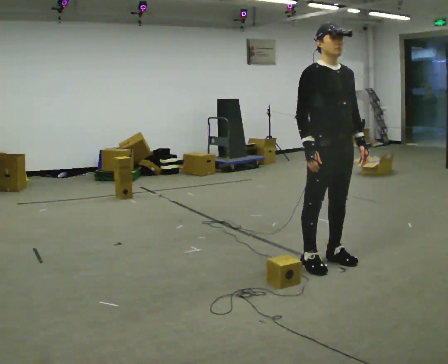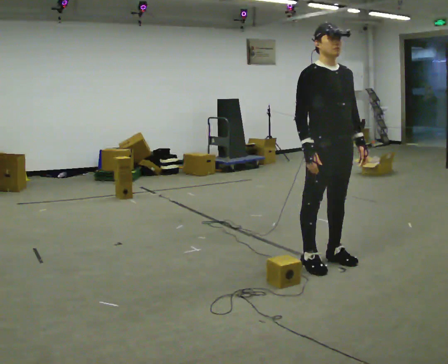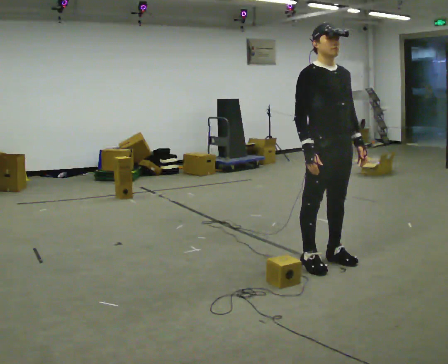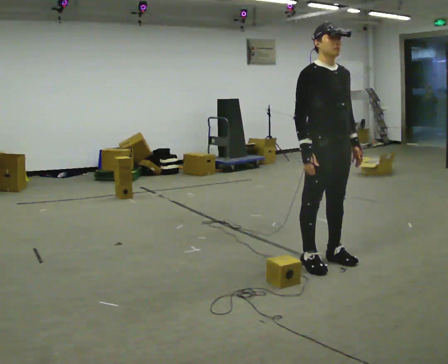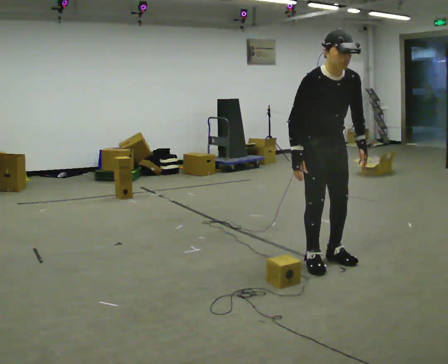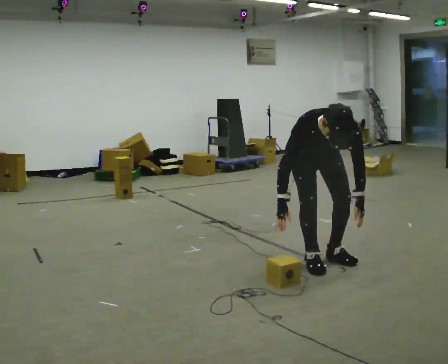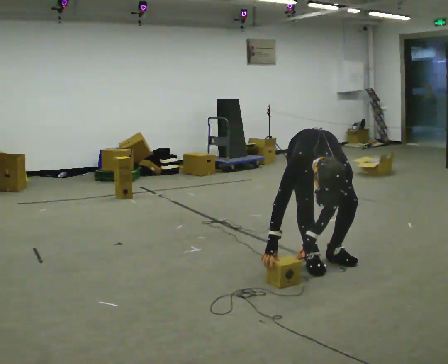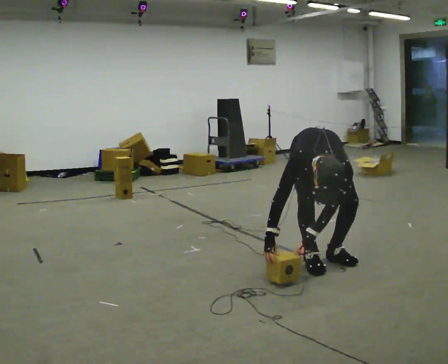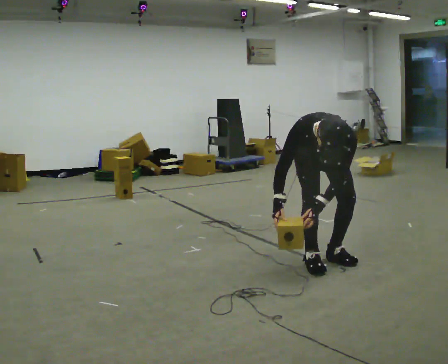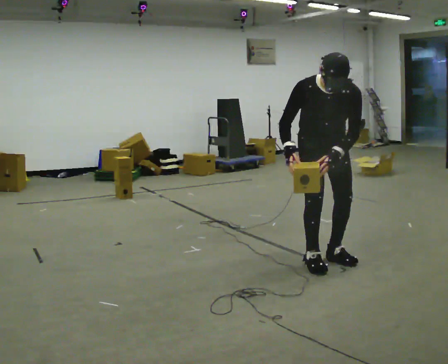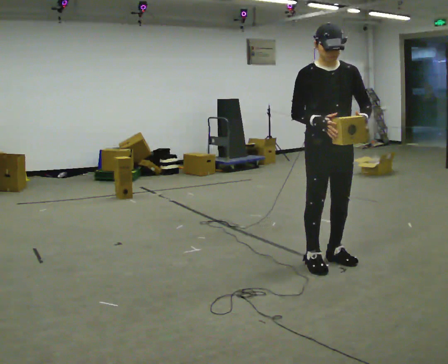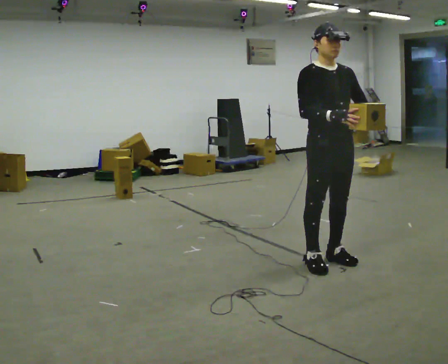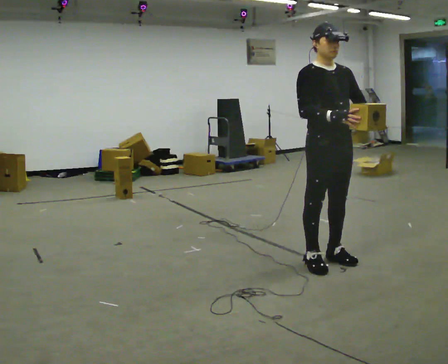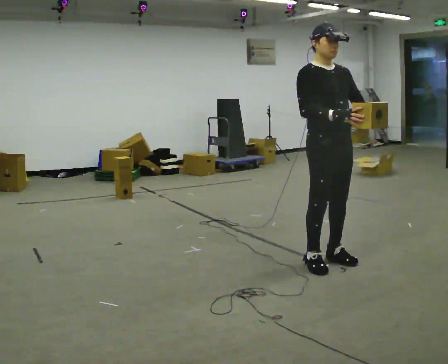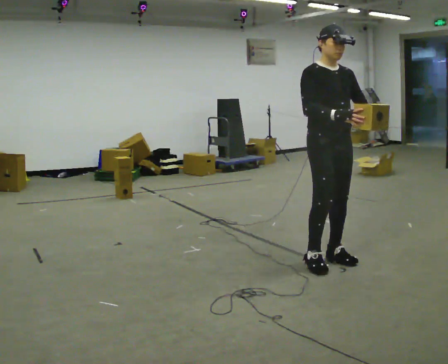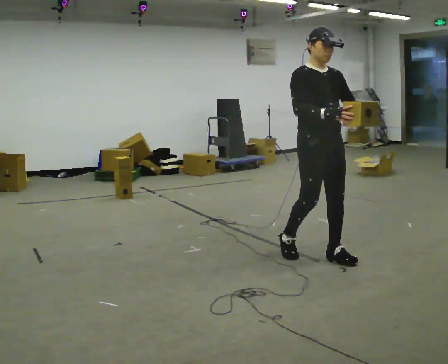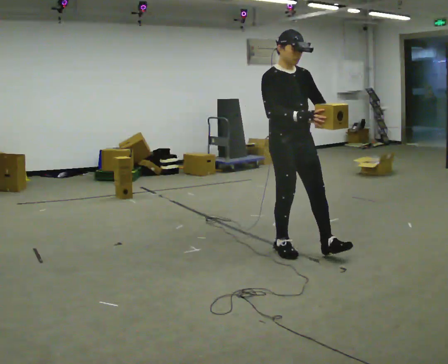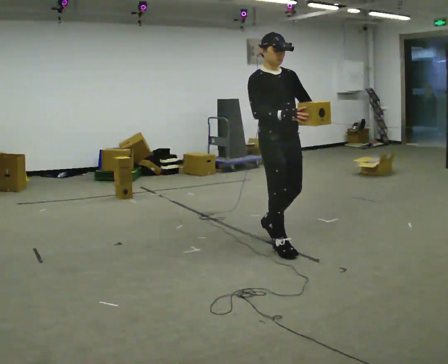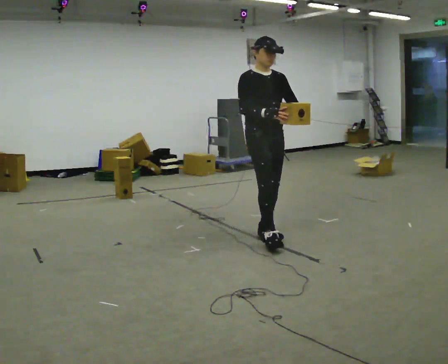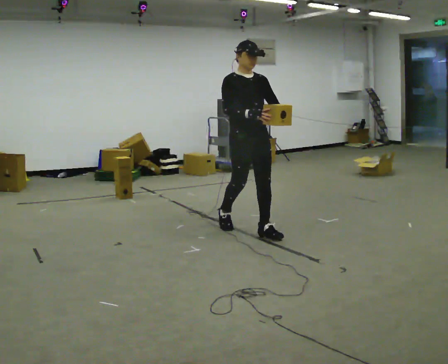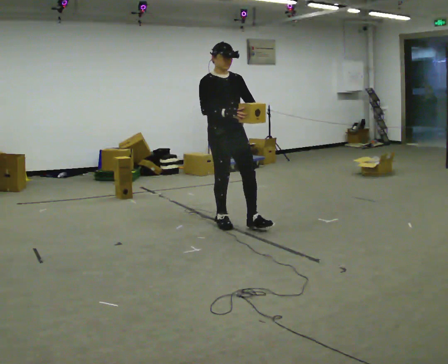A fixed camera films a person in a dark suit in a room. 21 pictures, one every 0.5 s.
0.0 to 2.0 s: The upper body tips toward the camera, its near side rolling downward, as they bend forward.
2.0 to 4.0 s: Seen from above the body turns clockwise, about 30 degrees: to their right, with its near side sliding to the left. In the picture their left hand goes downward.
4.0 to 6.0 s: The person turns about 30 degrees to their left, counterclockwise seen from above, so the part of the body nearest the lens slides to the right. The upper body goes upward. The upper body tips away from the camera, its near side rolling upward, as they lean back or straighten. In the picture their right hand goes upward and to the right, the arm swinging counterclockwise.
6.0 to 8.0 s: In the picture they go to the left and away from the camera, about 0.5 m in 2 steps, which for them is backward.
8.0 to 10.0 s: In the picture they go to the left and away from the camera, about 1 m in 2 steps, which for them is backward.
The film runs backward here.
